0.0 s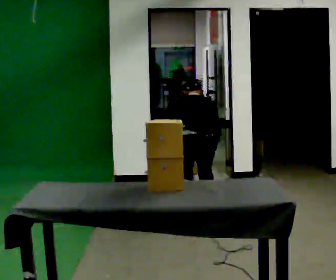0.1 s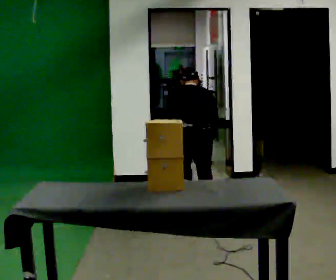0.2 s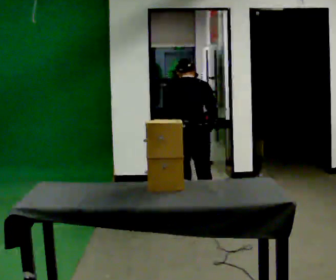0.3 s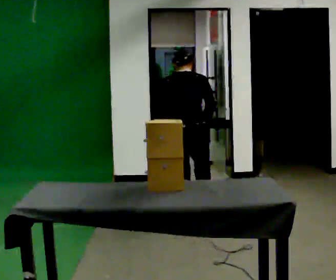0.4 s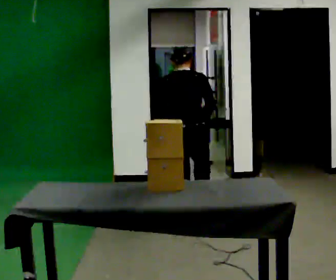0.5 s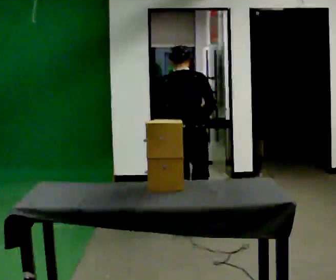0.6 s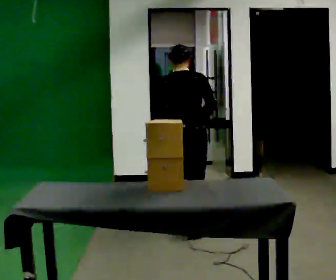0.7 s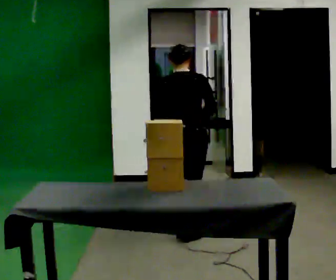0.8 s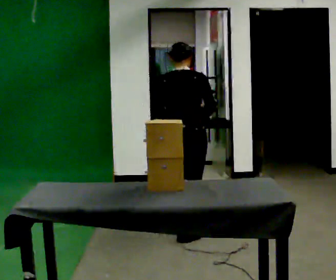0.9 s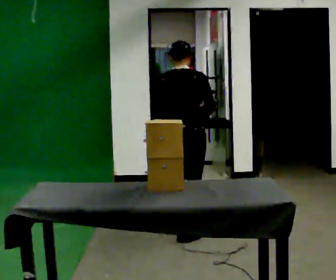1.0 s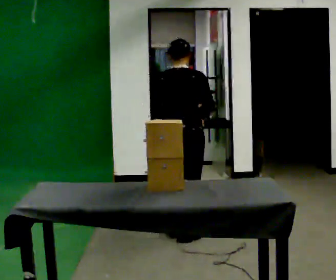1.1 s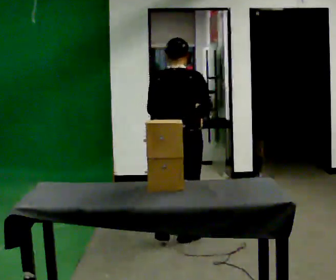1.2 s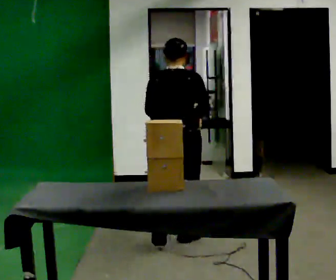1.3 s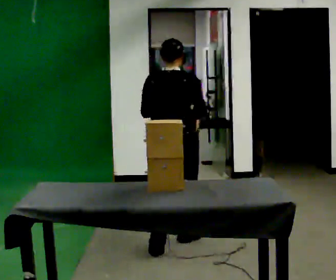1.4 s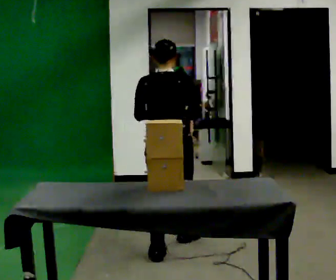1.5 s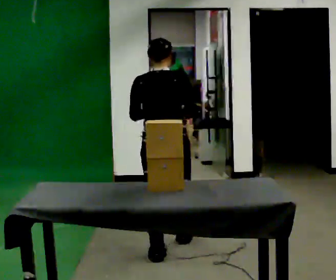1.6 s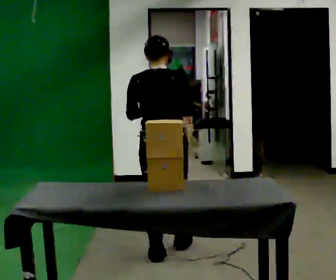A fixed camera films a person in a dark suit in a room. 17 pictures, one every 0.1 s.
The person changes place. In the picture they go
toward the camera.
Their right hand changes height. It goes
upward.
0.0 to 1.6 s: In the picture they go toward the camera, about 1 m in 3 steps, which for them is backward. The shoulders move upward. The upper body tips toward the camera, its near side rolling downward, as they lean back or straighten. In the picture their right hand goes upward.
The film runs backward here.
